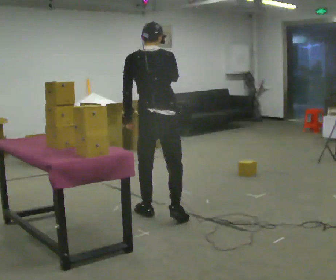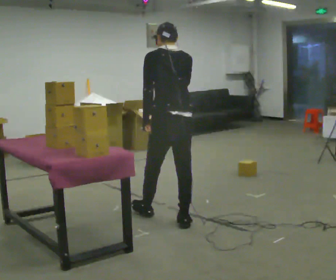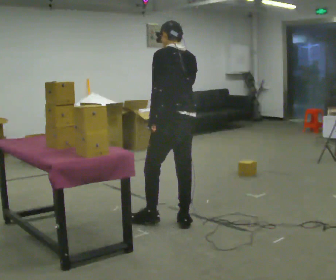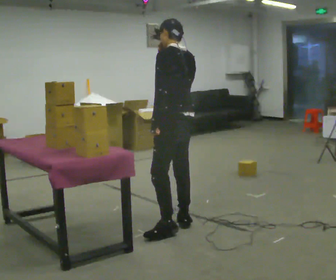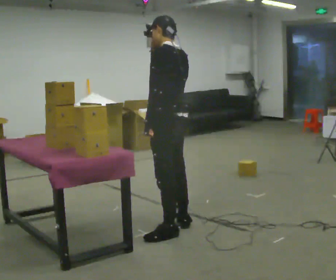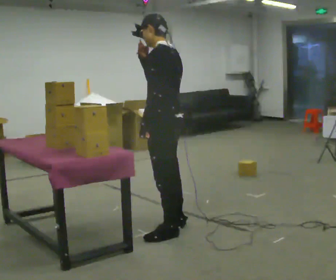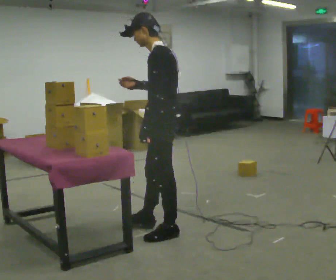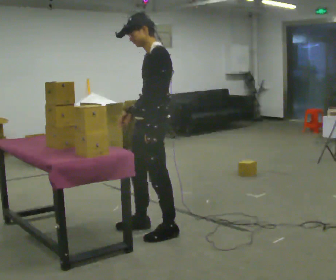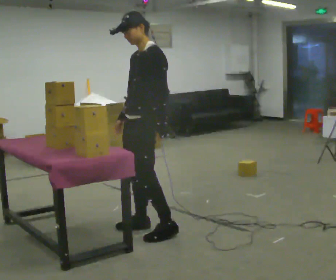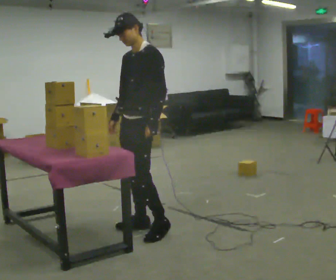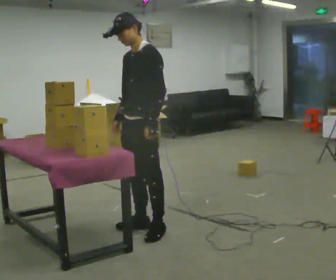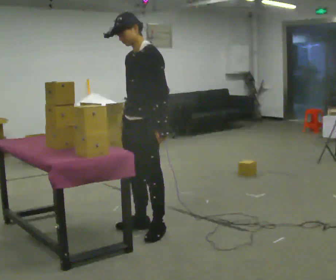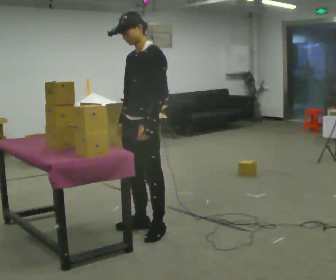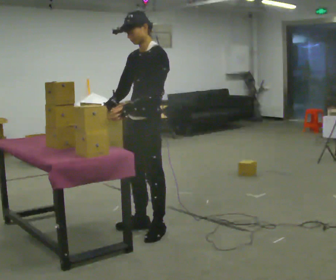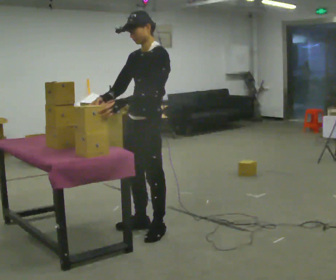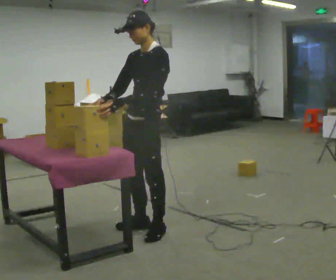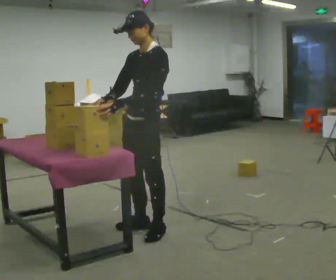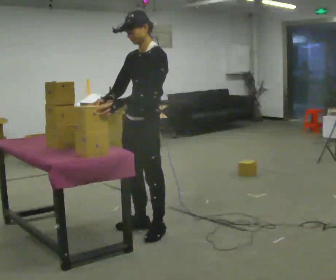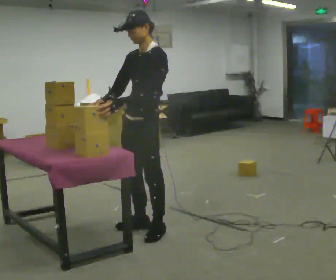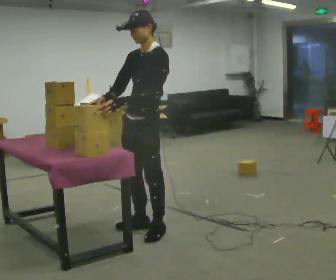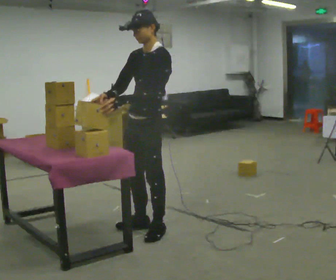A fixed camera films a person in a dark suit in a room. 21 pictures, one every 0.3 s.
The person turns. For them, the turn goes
to their left.
The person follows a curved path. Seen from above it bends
clockwise.
0.0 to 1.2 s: The person turns about 60 degrees to their left, counterclockwise seen from above, so the part of the body nearest the lens slides to the right. In the picture they go toward the camera, about 0.5 m in 1 step.
1.2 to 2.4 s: Seen from above the body turns counterclockwise, about 60 degrees: to their left, with its near side sliding to the right. In the picture they go to the left, about 0.25 m in 1 step, which for them is forward. In the picture their right hand goes downward.
2.4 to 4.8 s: The person moves a little, or ends about where they began.
4.8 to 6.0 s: The person keeps their place and pose.
The film runs backward here.
